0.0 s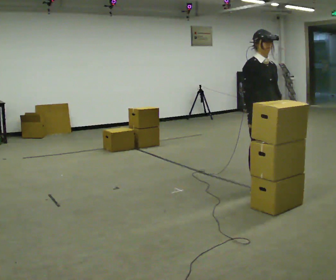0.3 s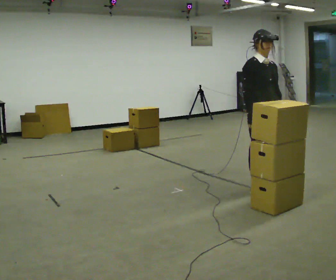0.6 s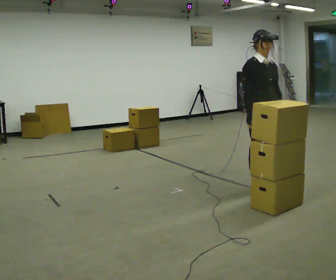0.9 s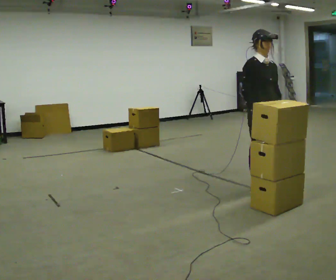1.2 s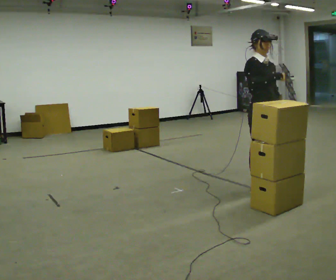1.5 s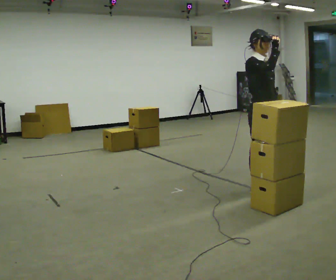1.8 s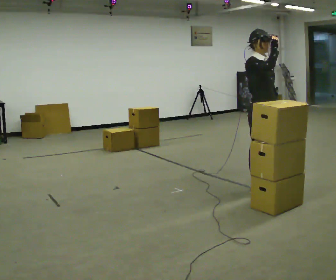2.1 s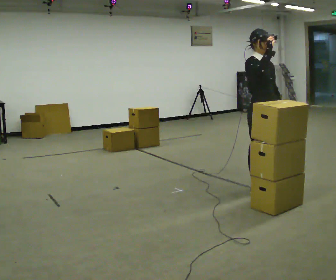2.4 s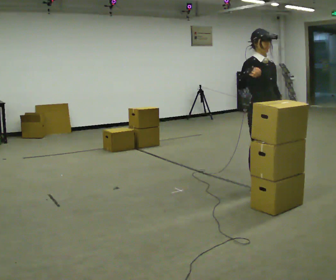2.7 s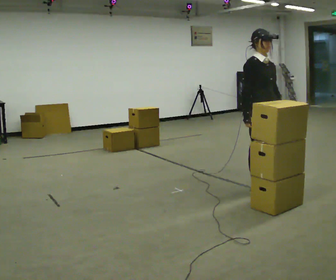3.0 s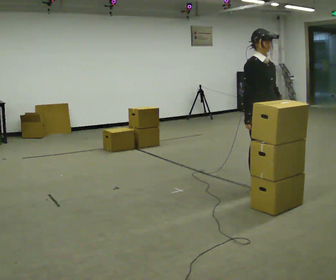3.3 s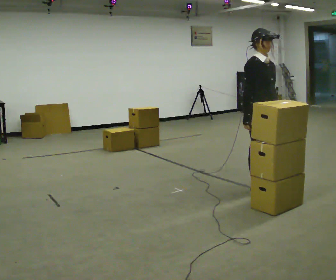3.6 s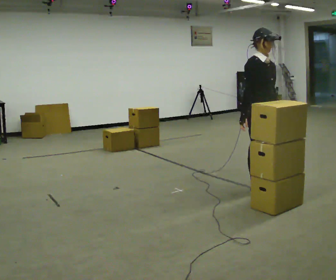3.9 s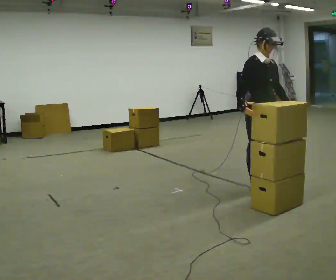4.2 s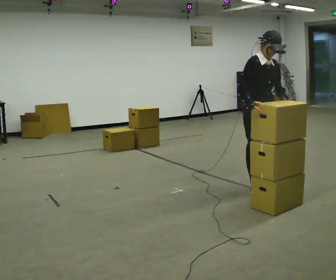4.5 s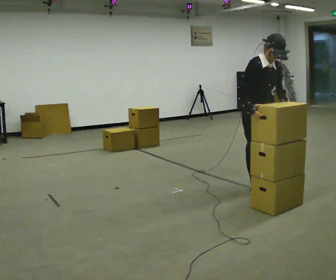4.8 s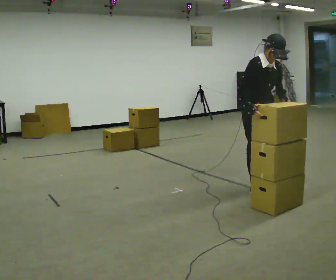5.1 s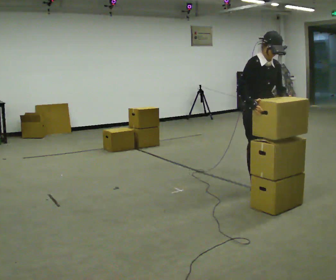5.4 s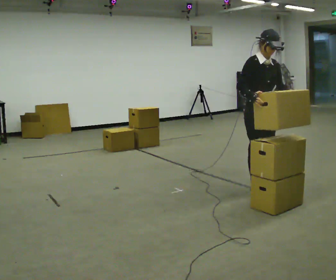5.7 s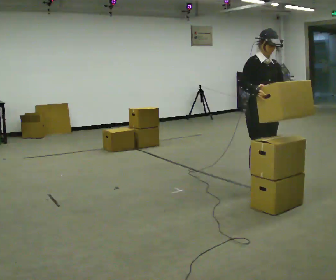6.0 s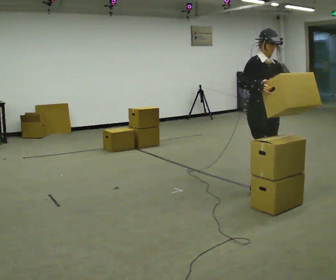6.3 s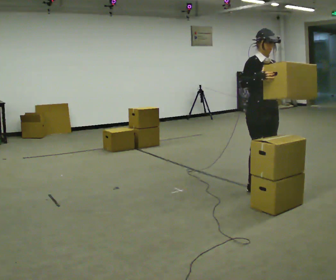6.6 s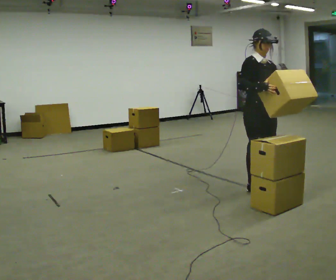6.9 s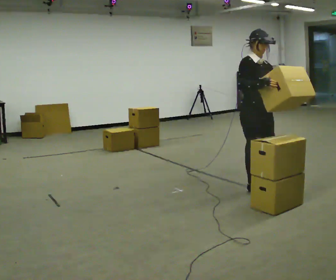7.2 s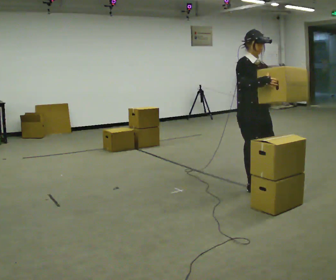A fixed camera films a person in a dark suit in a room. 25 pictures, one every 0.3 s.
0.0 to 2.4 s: In the picture their right hand goes upward.
2.4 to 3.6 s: In the picture their right hand goes downward.
3.6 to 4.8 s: The upper body tips toward the camera, its near side rolling downward, as they bend forward.
4.8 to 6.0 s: The upper body tips away from the camera, its near side rolling upward, as they lean back or straighten.
6.0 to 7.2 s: The person moves a little, or ends about where they began.
The film runs backward here.
